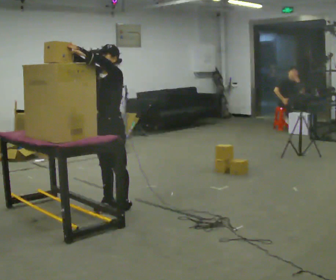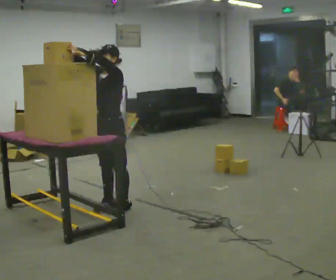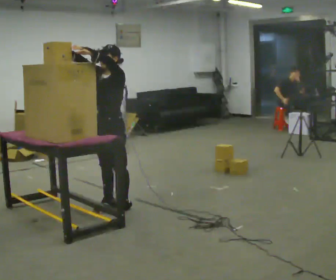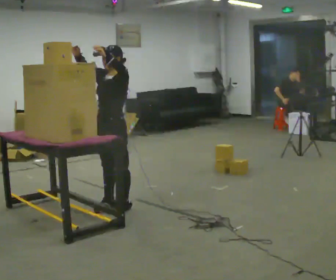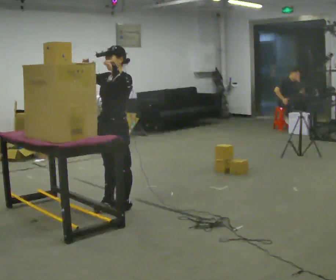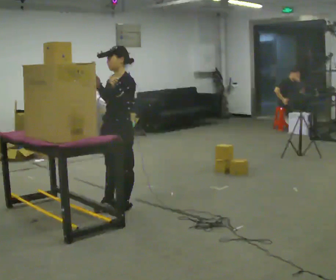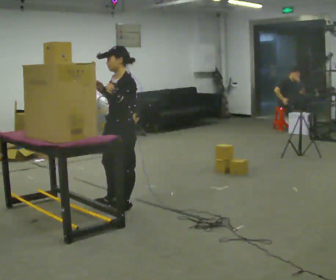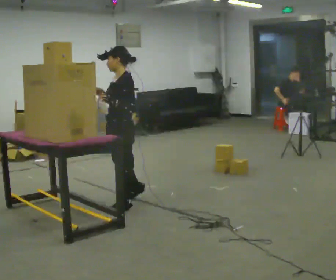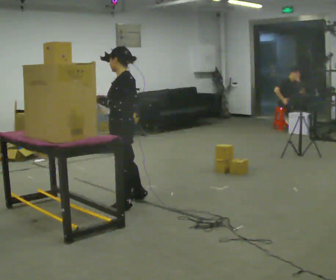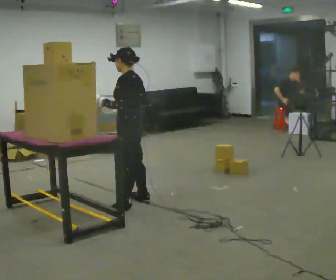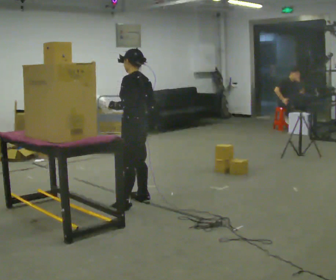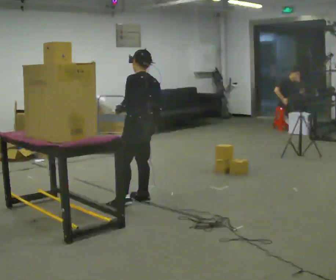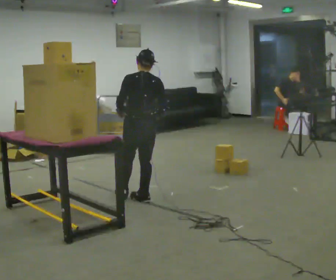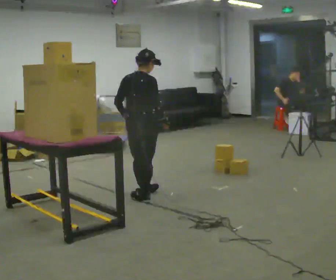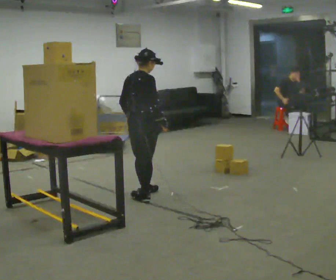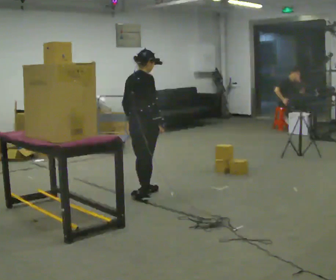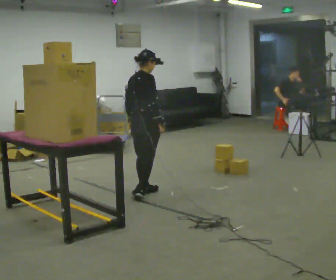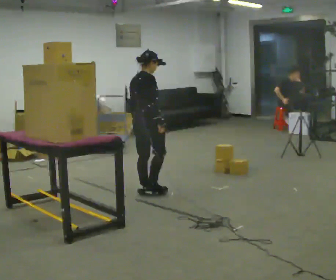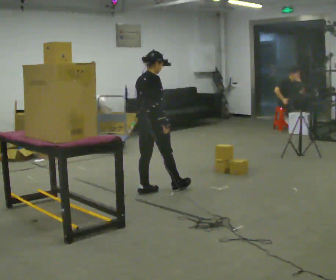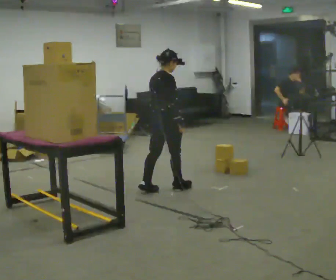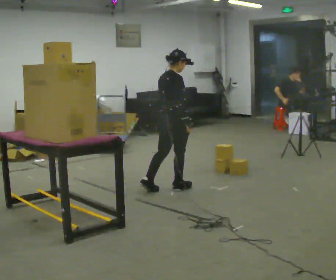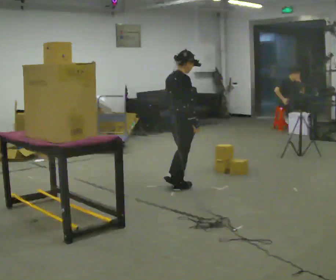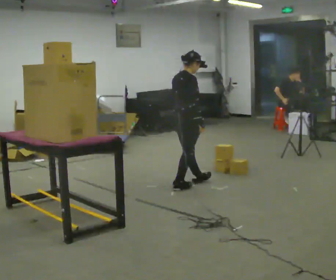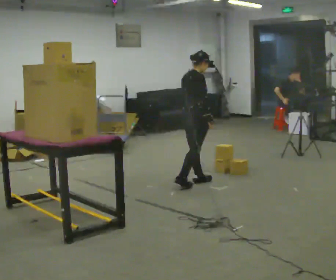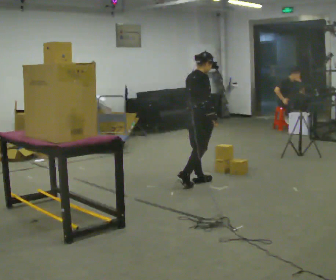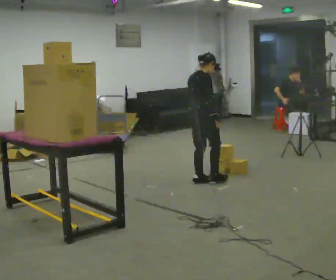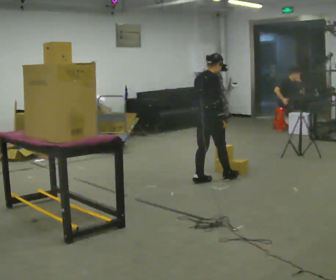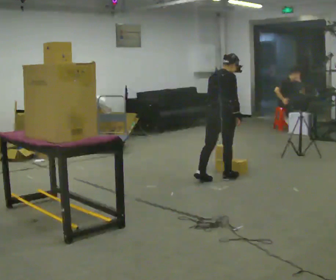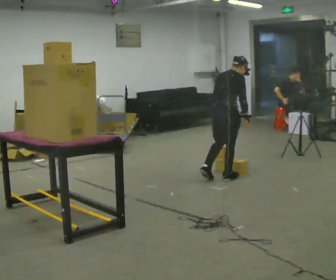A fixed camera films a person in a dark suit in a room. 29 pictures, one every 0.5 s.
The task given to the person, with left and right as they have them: Pick an object up off the floor, carry it across the room, and place it on the highest shelf you can comfortably reach. Keep going until the operator says stop; one object at a time, and do not rush between trips.
0.0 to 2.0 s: The person moves a little, or ends about where they began.
2.0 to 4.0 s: The person turns about 45 degrees to their right, clockwise seen from above, so the part of the body nearest the lens slides to the left. In the picture their right hand goes downward.
4.0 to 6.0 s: The person turns about 60 degrees to their right, clockwise seen from above, so the part of the body nearest the lens slides to the left. In the picture they go away from the camera, about 0.25 m.
6.0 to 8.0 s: Seen from above the body turns clockwise, about 75 degrees: to their right, with its near side sliding to the left. In the picture they go away from the camera, about 0.25 m in 1 step.
8.0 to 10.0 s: In the picture they go to the right, about 0.25 m in 1 step, which for them is forward.
10.0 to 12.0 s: In the picture they go to the right and away from the camera, about 0.5 m in 1 step, which for them is forward.
12.0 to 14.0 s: In the picture they go to the right, about 0.25 m in 1 step, which for them is forward.
The film runs forward here.
